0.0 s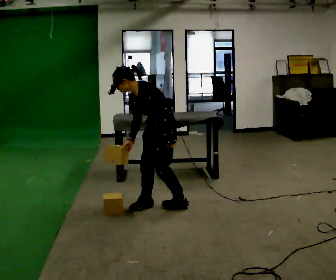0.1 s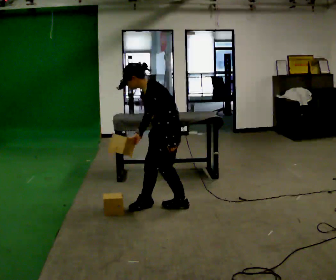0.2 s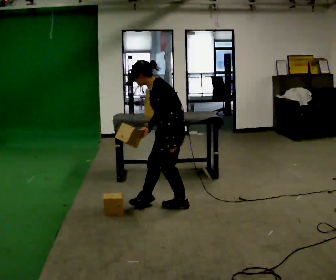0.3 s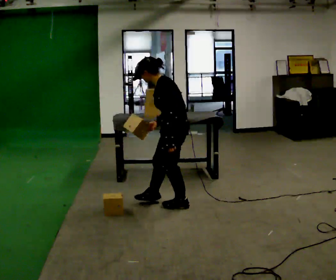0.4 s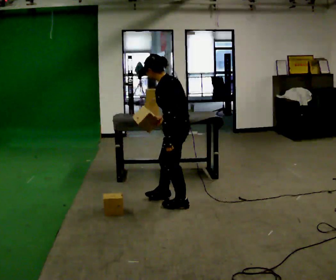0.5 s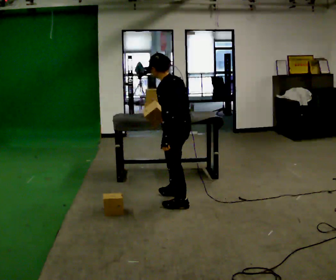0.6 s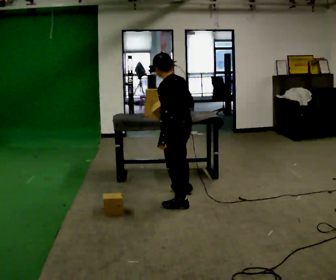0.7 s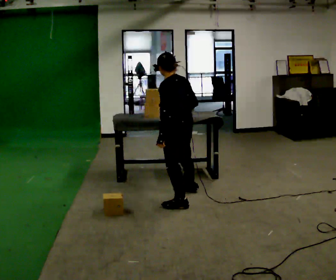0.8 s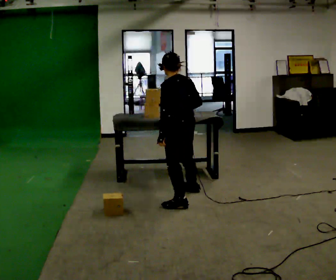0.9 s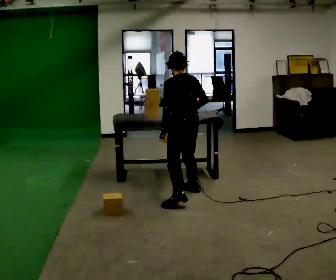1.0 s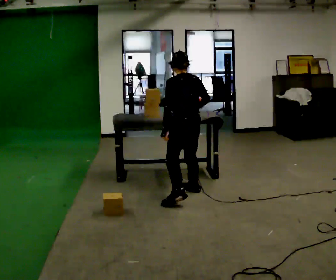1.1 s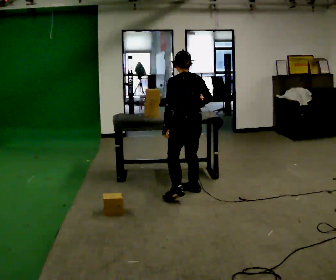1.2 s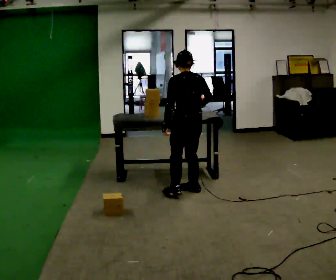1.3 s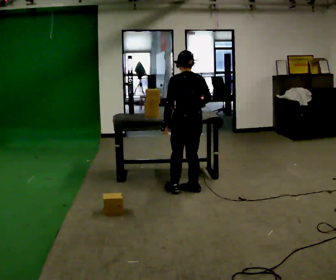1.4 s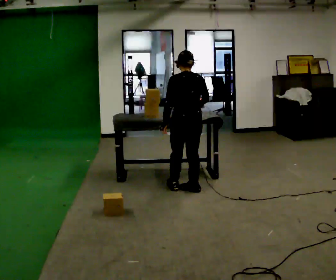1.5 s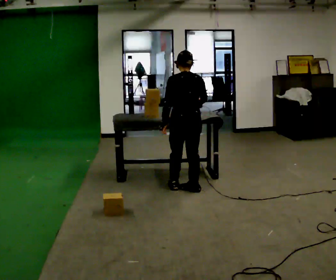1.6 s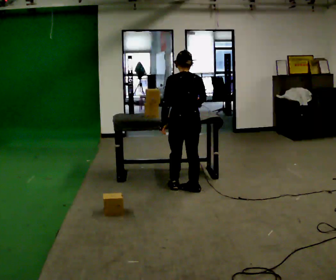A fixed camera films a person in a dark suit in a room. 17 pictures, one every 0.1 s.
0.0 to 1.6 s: The person turns about 90 degrees to their right, clockwise seen from above, so the part of the body nearest the lens slides to the left. In the picture they go away from the camera and to the right, about 0.5 m in 2 steps. In the picture the upper body tilts clockwise, shoulders to the right, as they lean back or straighten.
The film runs forward here.
